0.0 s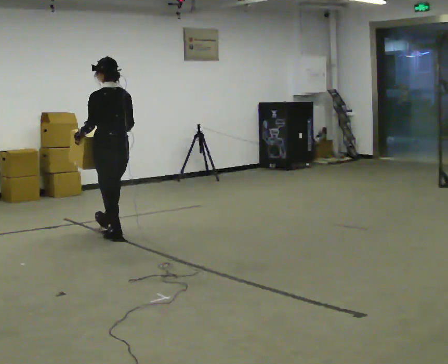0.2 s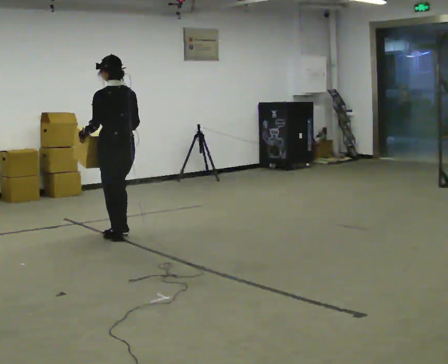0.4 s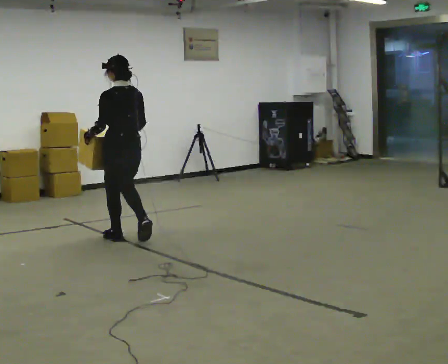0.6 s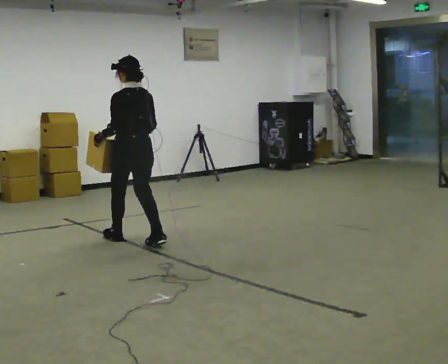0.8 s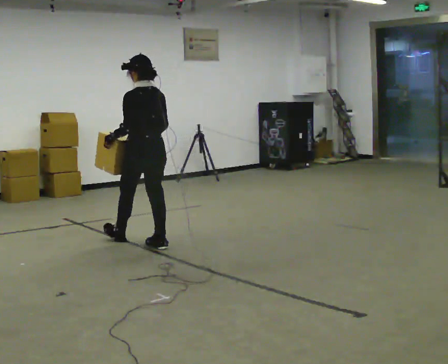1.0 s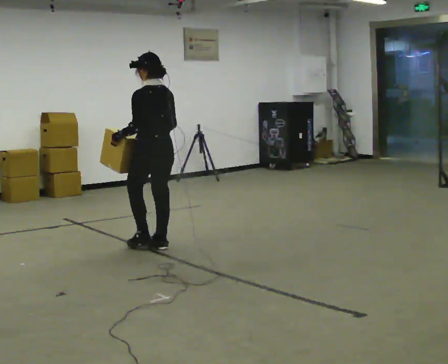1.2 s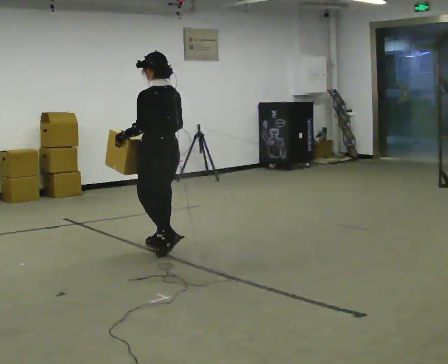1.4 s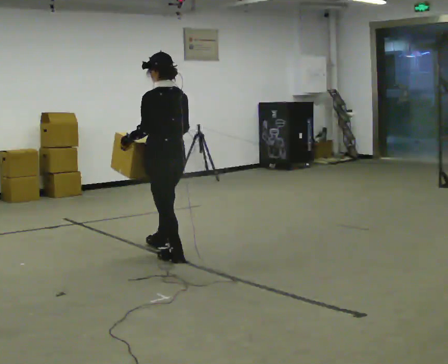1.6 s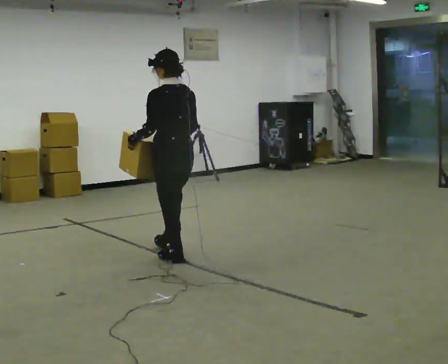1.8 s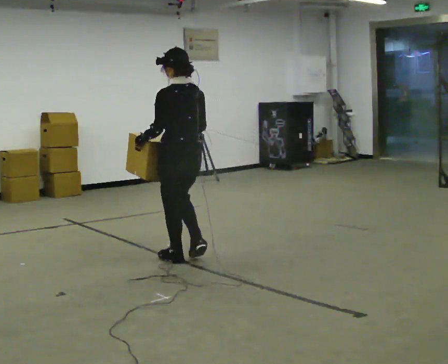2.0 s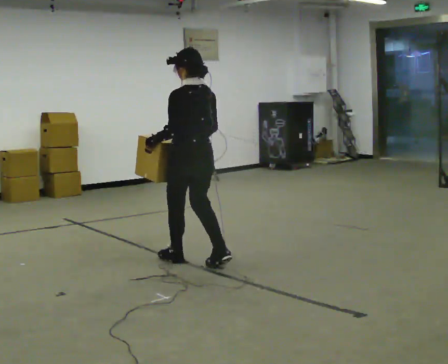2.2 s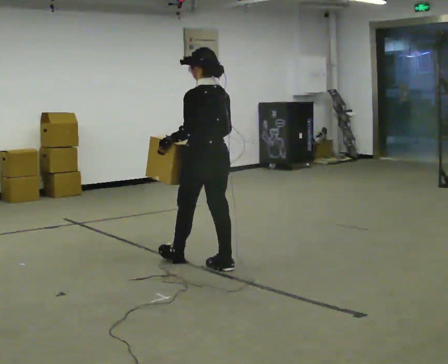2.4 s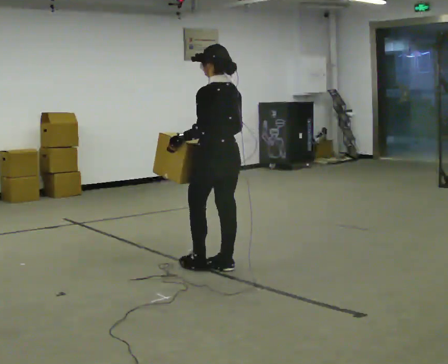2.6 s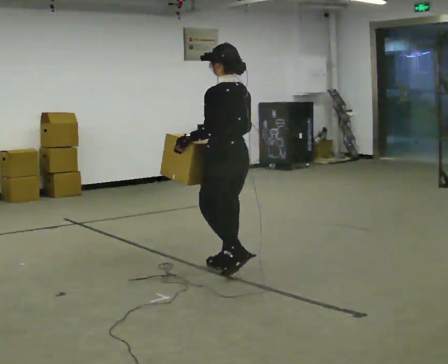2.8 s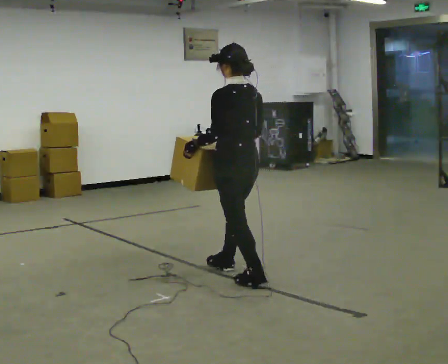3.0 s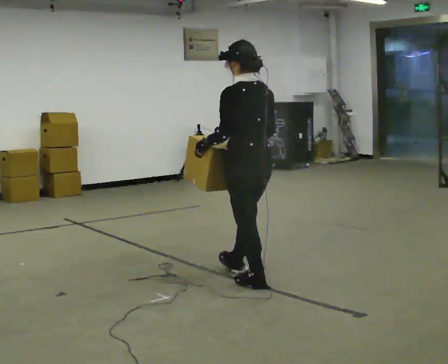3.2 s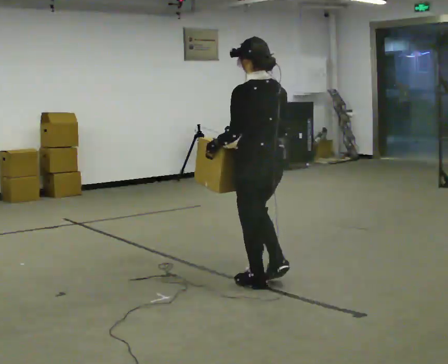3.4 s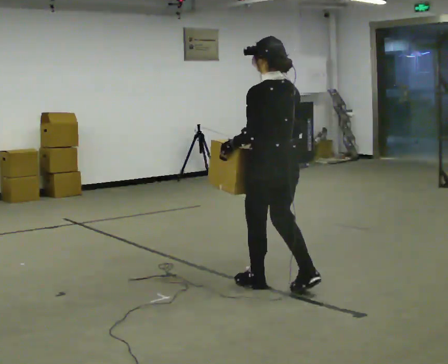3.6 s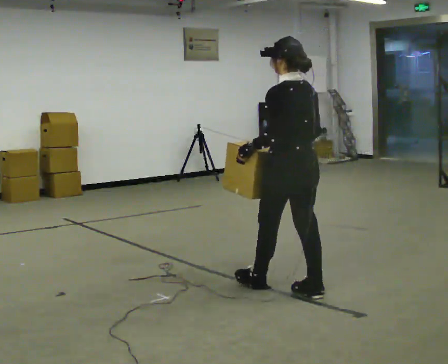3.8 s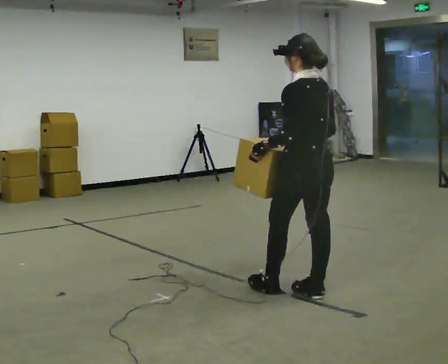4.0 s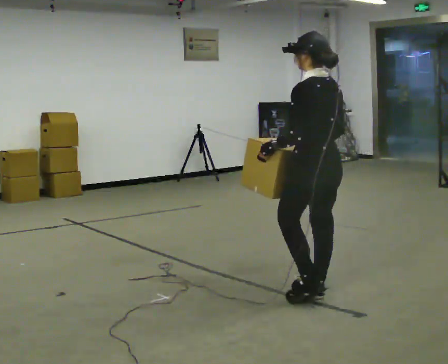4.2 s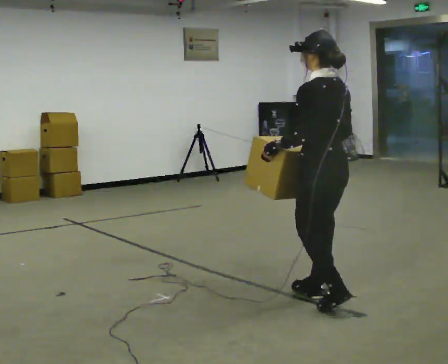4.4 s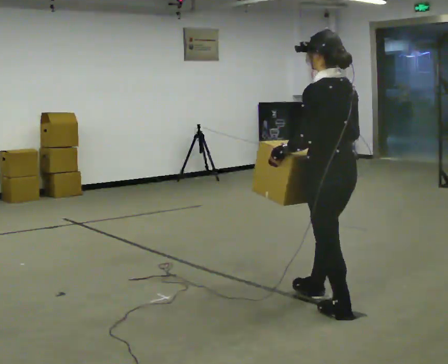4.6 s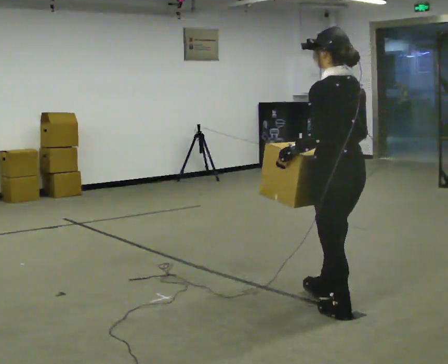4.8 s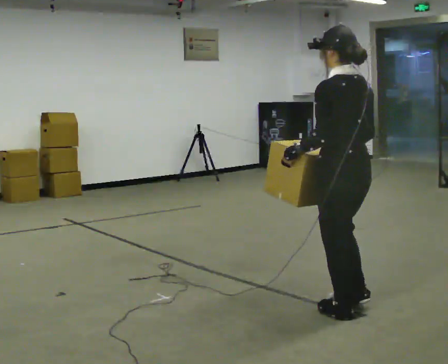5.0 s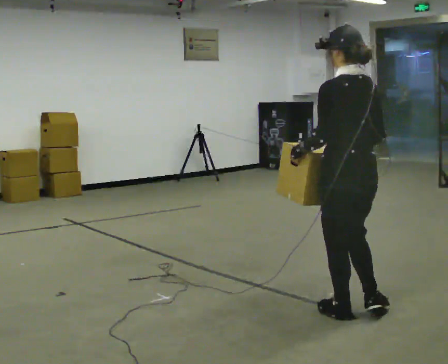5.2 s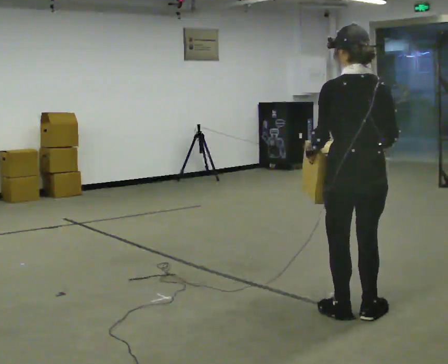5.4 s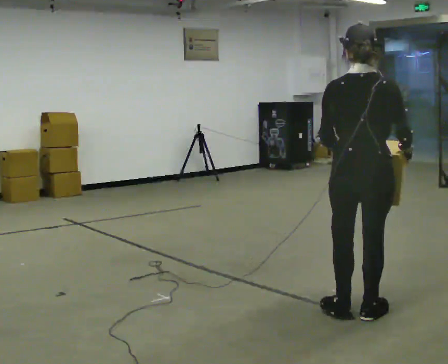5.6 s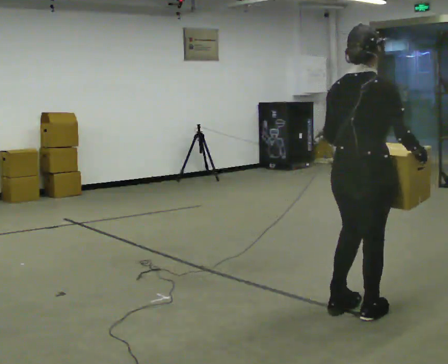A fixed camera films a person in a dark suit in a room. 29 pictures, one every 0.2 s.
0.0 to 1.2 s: In the picture they go to the right and toward the camera, about 0.75 m in 2 steps, which for them is backward.
1.2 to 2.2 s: In the picture they go toward the camera and to the right, about 0.5 m in 1 step, which for them is backward.
2.2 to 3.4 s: In the picture they go toward the camera and to the right, about 0.5 m in 2 steps, which for them is backward.
3.4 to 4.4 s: In the picture they go toward the camera and to the right, about 0.5 m in 1 step, which for them is backward.
4.4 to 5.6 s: The person turns about 75 degrees to their right, clockwise seen from above, so the part of the body nearest the lens slides to the left. In the picture they go toward the camera, about 0.25 m in 2 steps. In the picture their right hand goes to the right.
The film runs backward here.
